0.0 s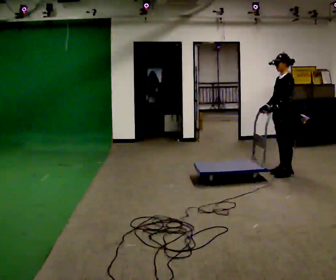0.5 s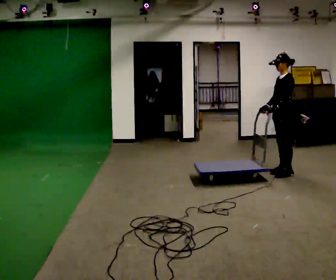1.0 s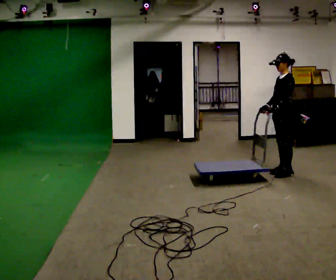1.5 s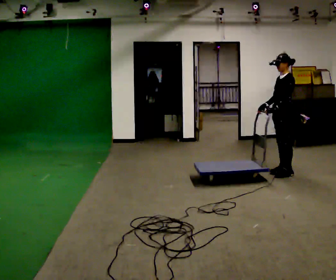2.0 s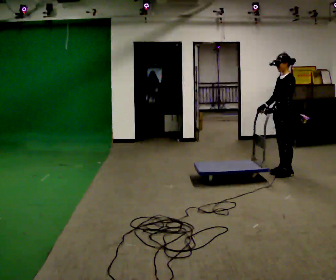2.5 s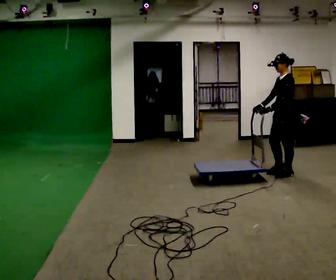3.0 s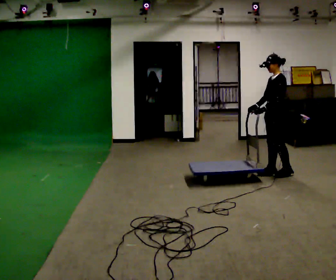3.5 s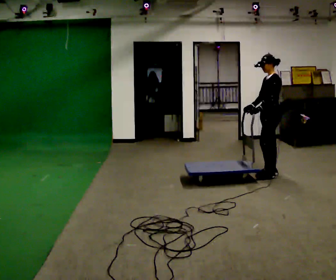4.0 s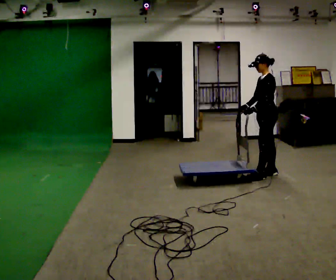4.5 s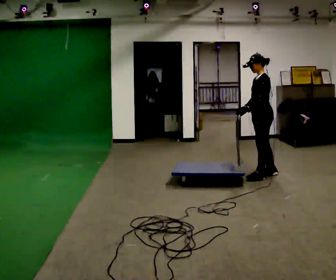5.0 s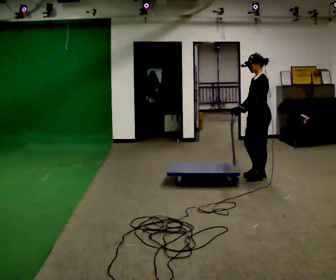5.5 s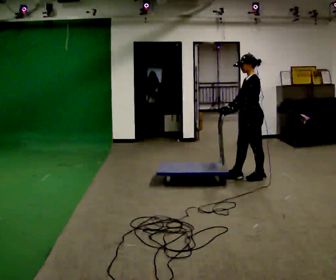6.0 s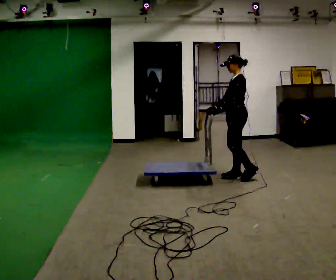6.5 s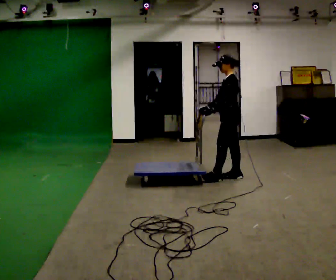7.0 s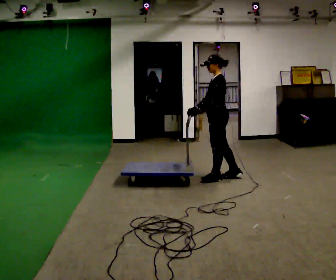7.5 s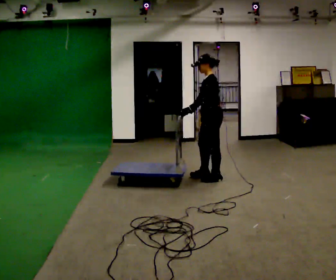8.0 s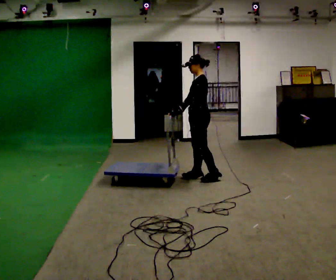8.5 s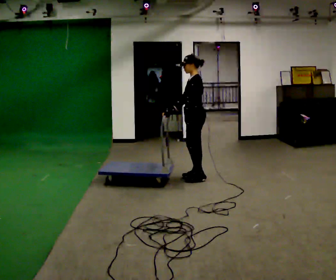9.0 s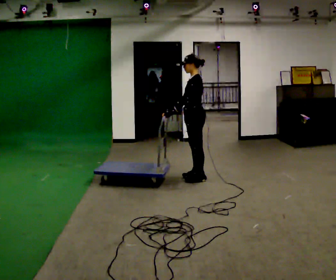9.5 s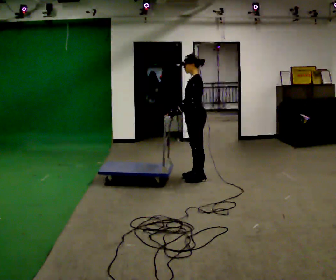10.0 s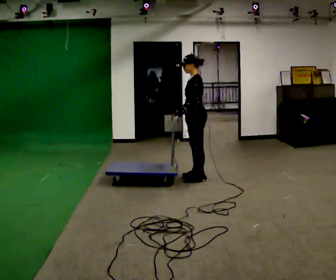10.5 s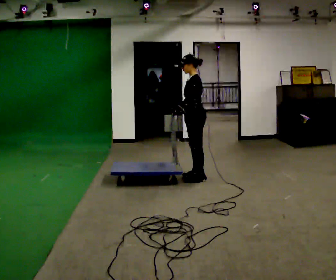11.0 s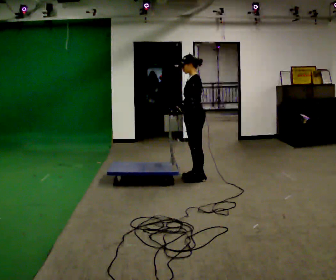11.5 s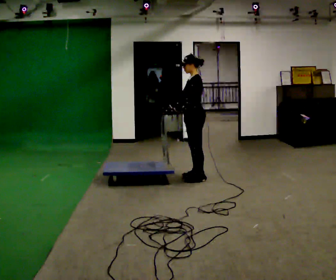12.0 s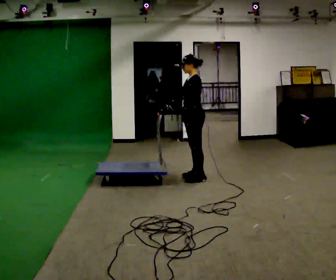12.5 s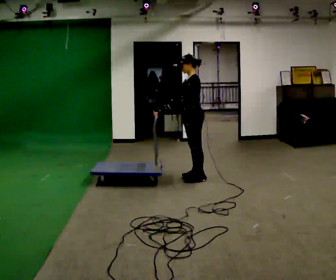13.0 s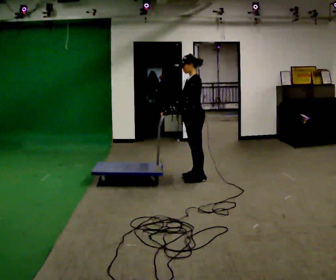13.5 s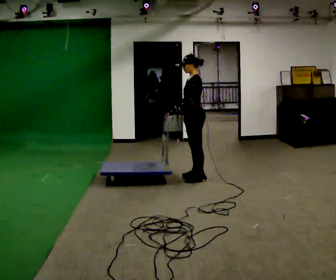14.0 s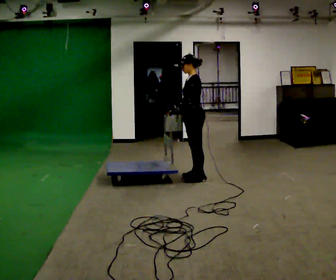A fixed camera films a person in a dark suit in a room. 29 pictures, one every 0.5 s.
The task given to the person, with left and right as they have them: Get the cart into the marked parking space and lined up with the tape. Take as many adjustments as you need. Then take it out again and repeat.
0.0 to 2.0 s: The person moves a little, or ends about where they began.
2.0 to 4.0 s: In the picture they go to the left, about 0.25 m in 2 steps, which for them is forward.
4.0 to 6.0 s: In the picture they go to the left, about 0.5 m in 1 step, which for them is forward.
6.0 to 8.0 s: In the picture they go to the left, about 0.5 m in 2 steps, which for them is forward.
8.0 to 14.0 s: The person moves a little, or ends about where they began.
The film runs forward here.
